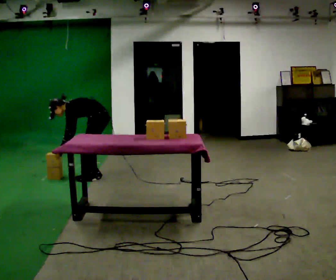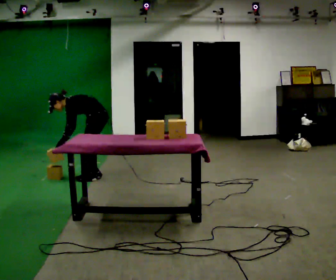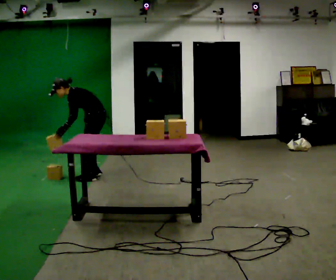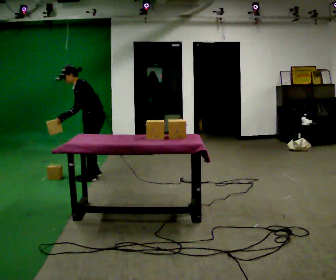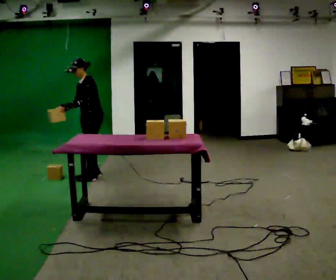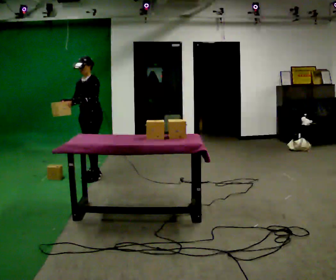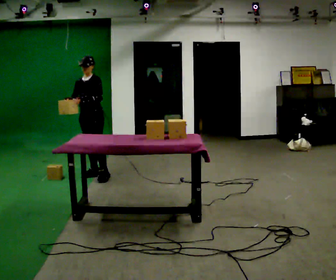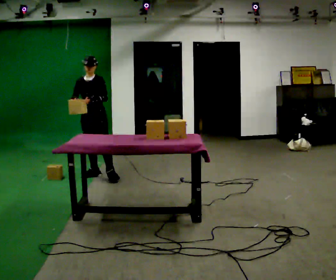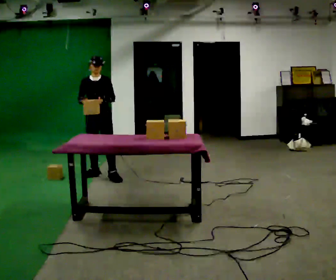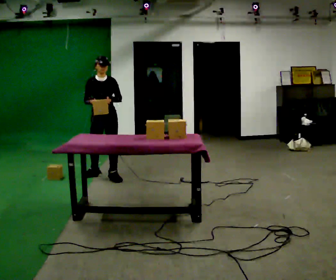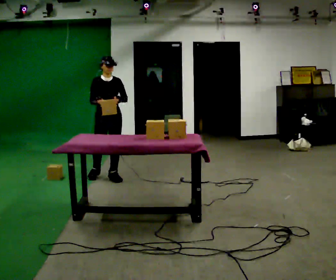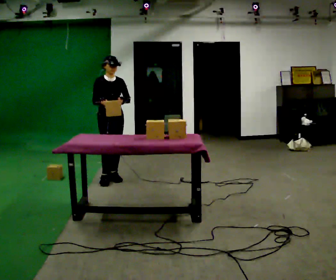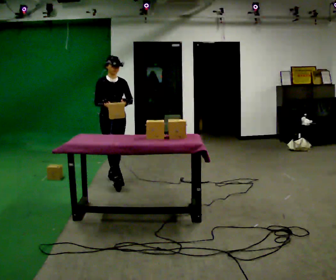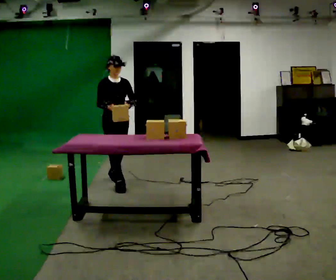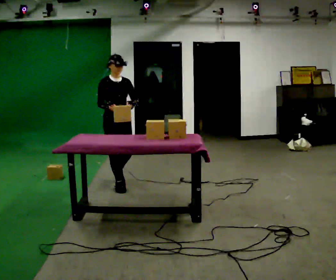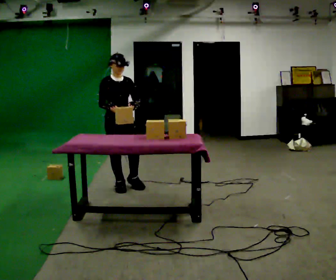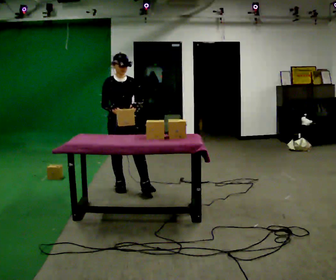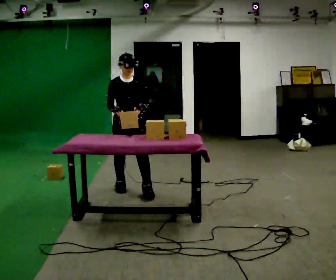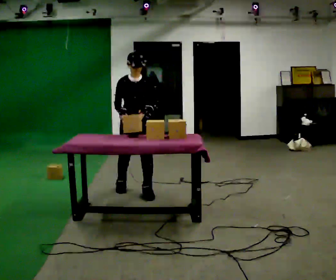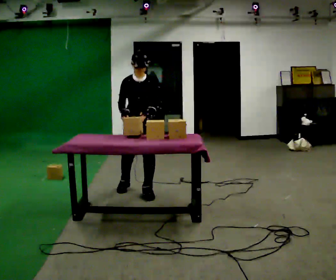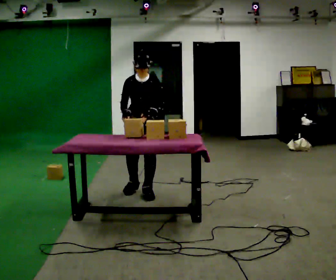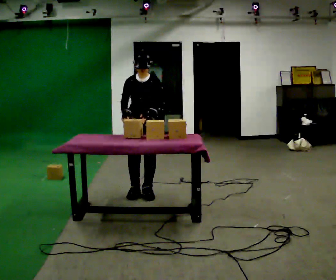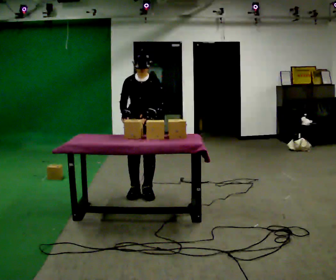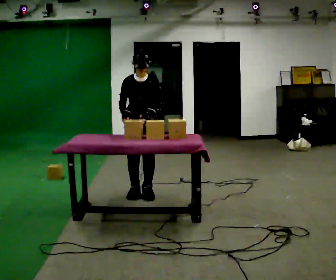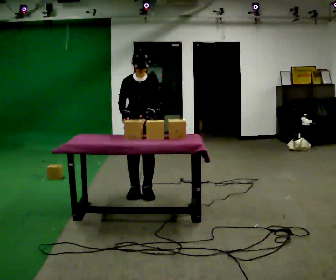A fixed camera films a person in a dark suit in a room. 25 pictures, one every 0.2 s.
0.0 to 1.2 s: The part of the body nearest the lens slides to the right as the person turns to their left by about 60 degrees. The shoulders move upward. In the picture the upper body tilts clockwise, shoulders to the right, as they lean back or straighten. In the picture their right hand goes upward.
1.2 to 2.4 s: The part of the body nearest the lens slides to the right as the person turns to their left by about 60 degrees. In the picture they go toward the camera and to the right, about 0.5 m in 1 step, which for them is forward and to their left.
2.4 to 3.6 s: The person turns about 30 degrees to their right, clockwise seen from above, so the part of the body nearest the lens slides to the left. In the picture they go toward the camera and to the right, about 0.5 m in 2 steps, which for them is forward.
3.6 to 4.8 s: The person moves a little, or ends about where they began.
The film runs forward here.
